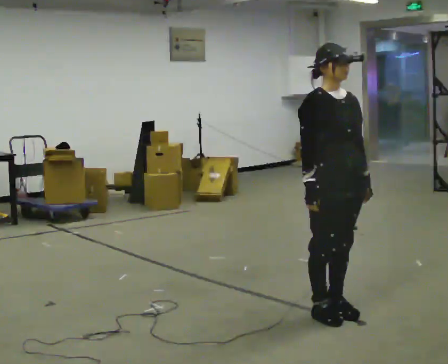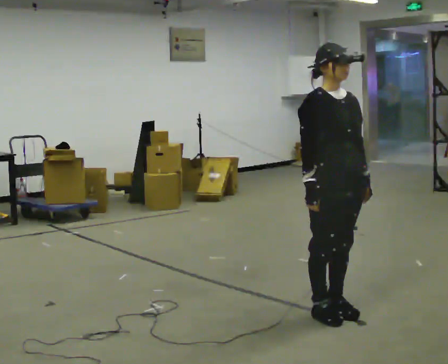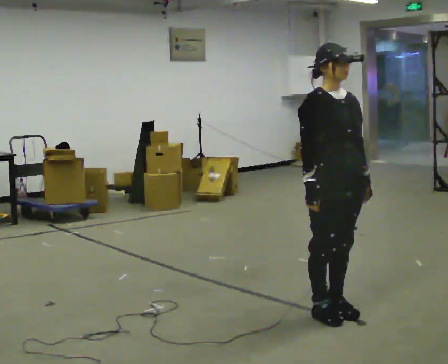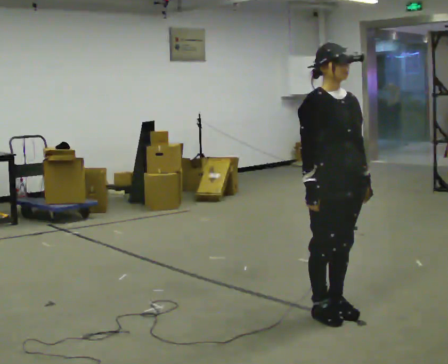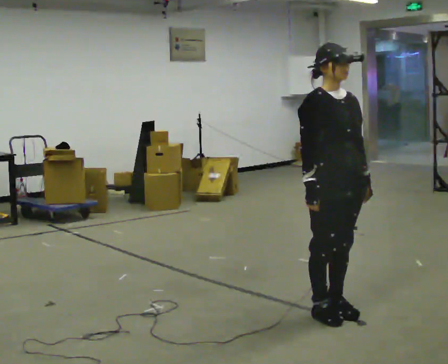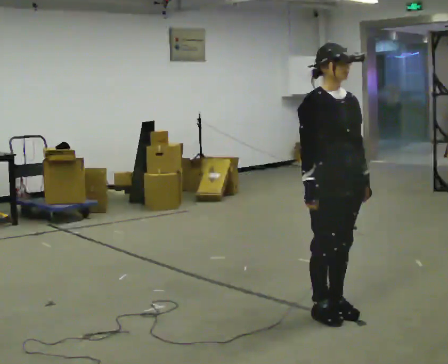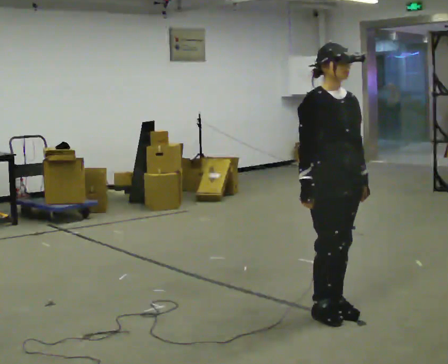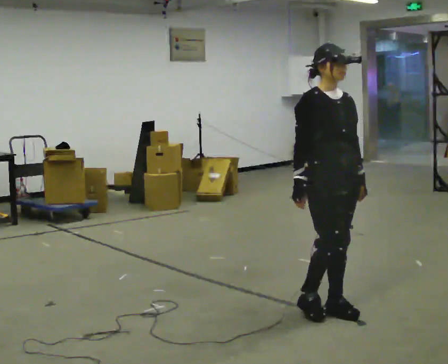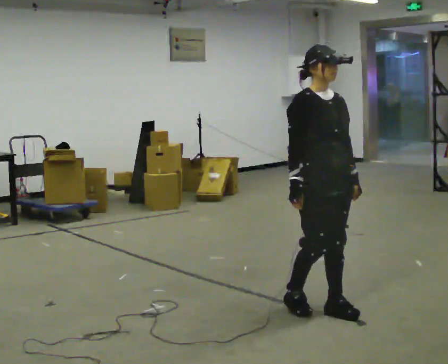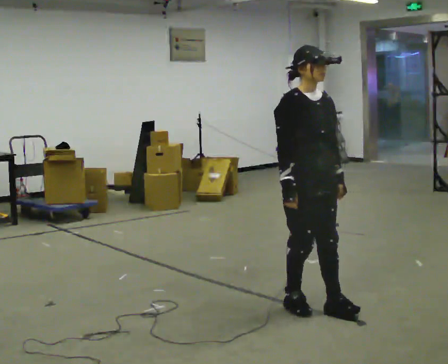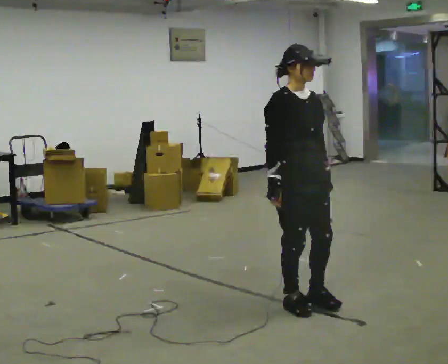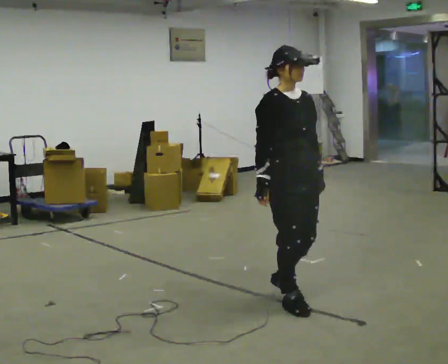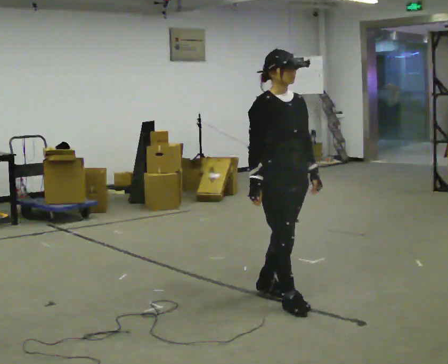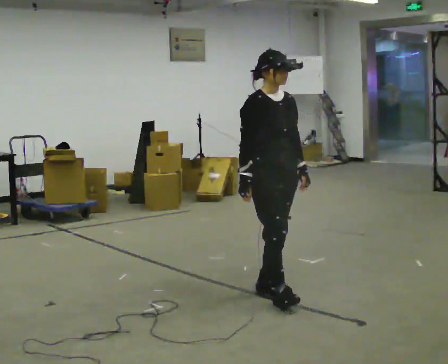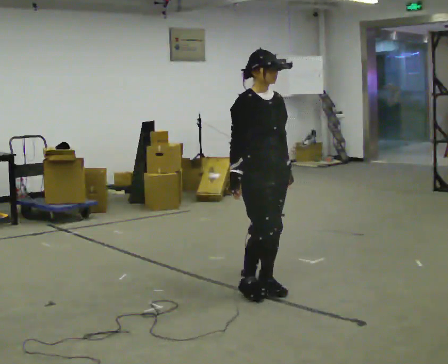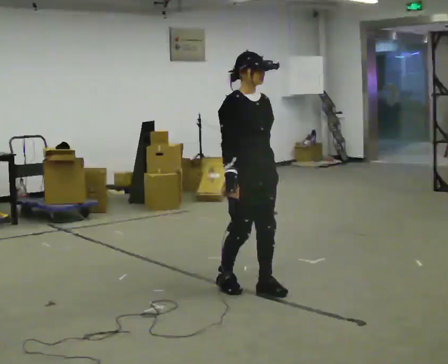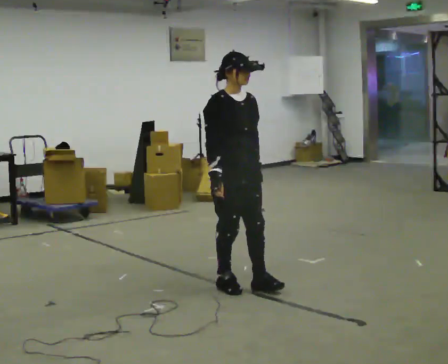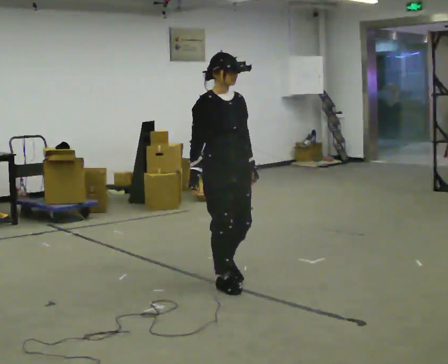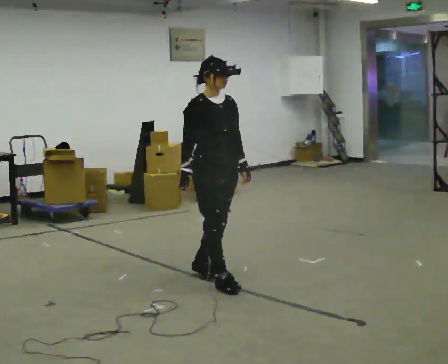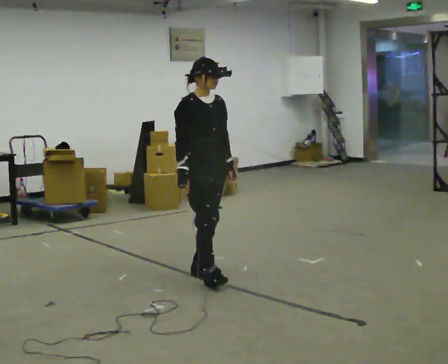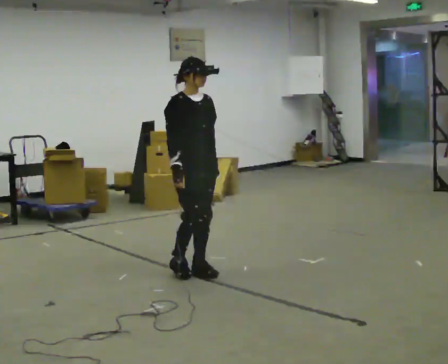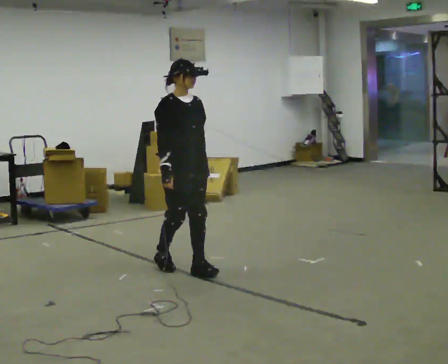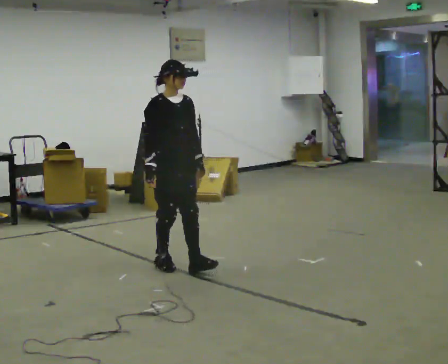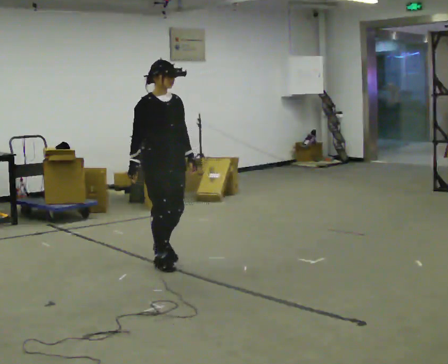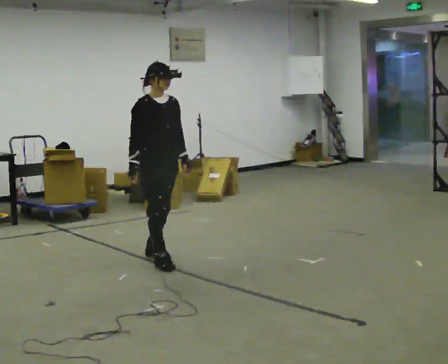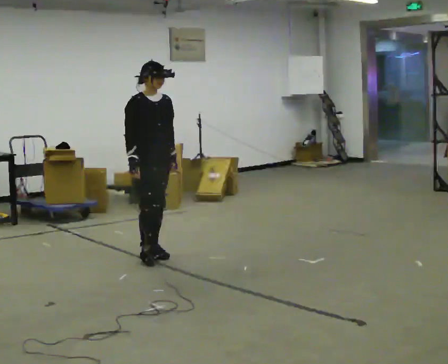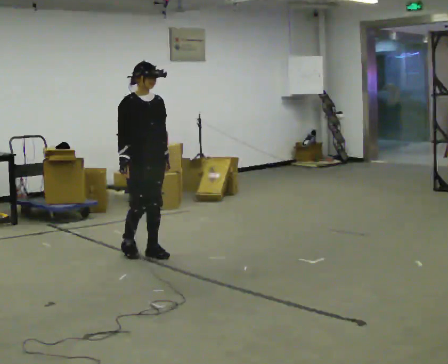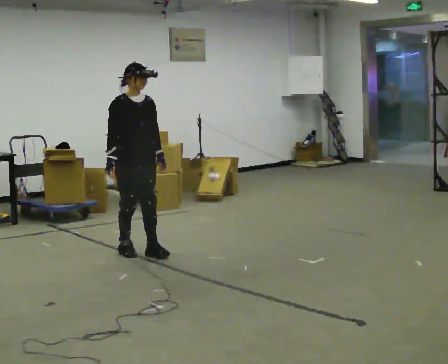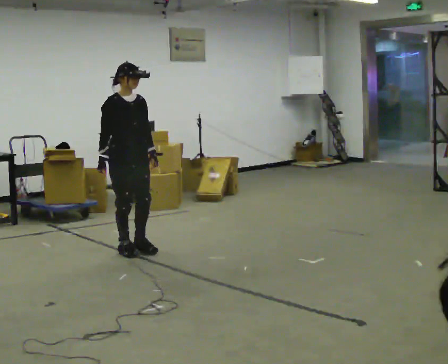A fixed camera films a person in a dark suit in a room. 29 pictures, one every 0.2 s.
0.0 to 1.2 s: The person moves a little, or ends about where they began.
1.2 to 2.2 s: In the picture they go to the left and away from the camera, about 0.25 m in 1 step, which for them is backward.
2.2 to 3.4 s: In the picture they go away from the camera and to the left, about 0.5 m in 2 steps, which for them is backward.
3.4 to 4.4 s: In the picture they go away from the camera and to the left, about 0.75 m in 2 steps, which for them is backward.
4.4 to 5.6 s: In the picture they go away from the camera and to the left, about 0.5 m in 2 steps, which for them is backward.
The film runs forward here.
